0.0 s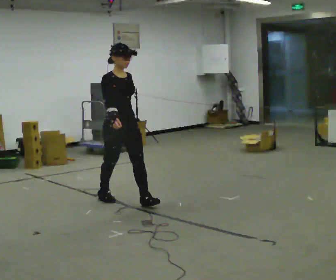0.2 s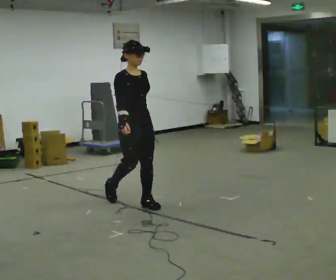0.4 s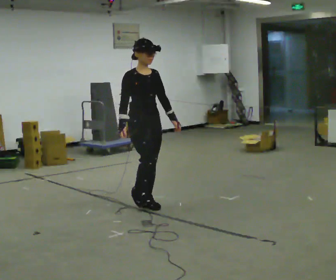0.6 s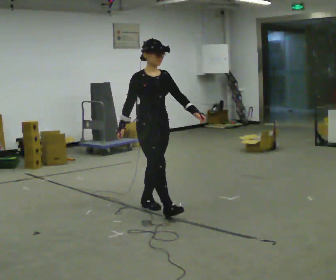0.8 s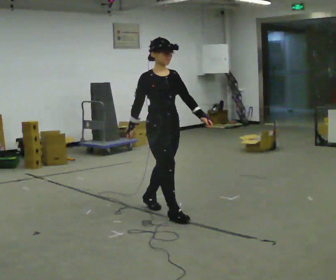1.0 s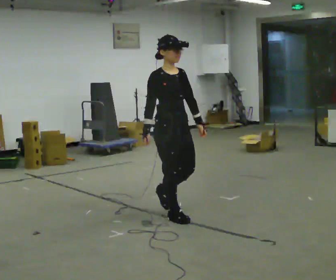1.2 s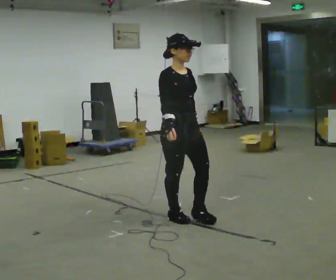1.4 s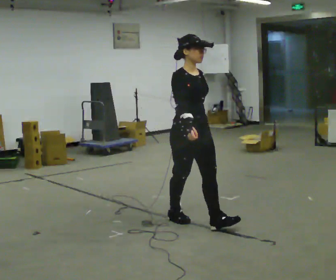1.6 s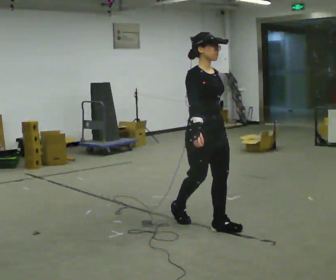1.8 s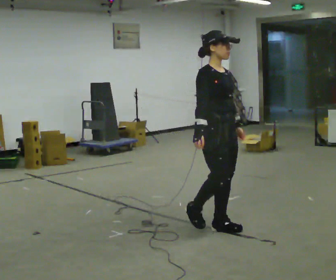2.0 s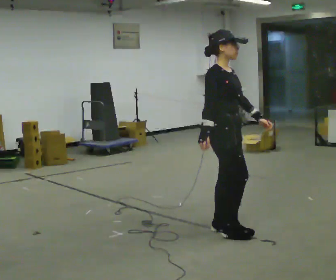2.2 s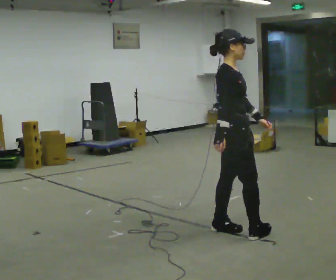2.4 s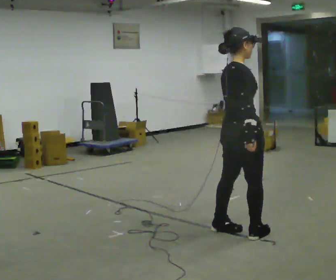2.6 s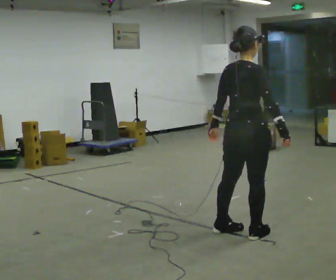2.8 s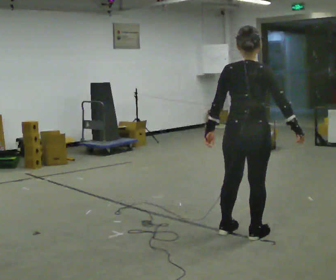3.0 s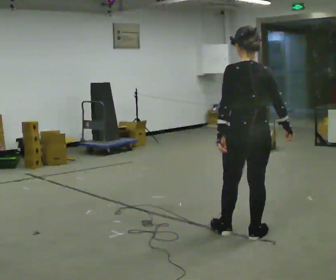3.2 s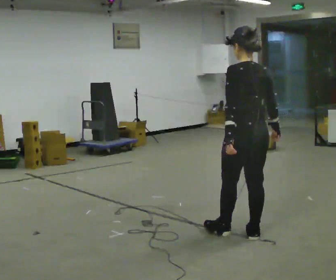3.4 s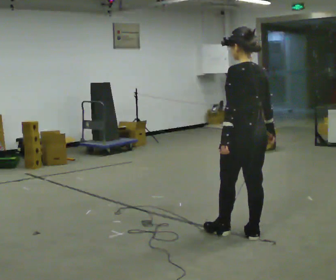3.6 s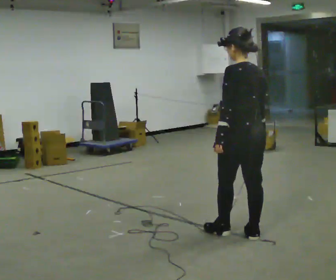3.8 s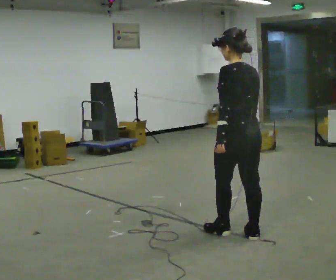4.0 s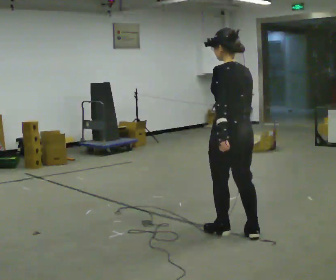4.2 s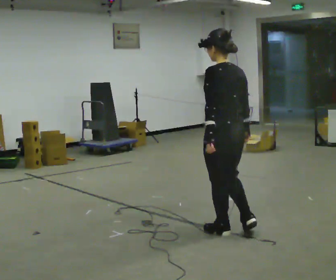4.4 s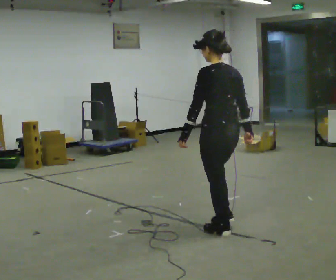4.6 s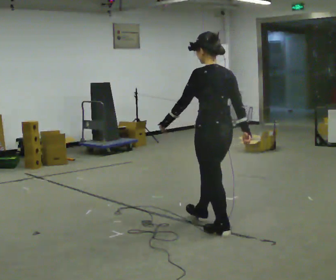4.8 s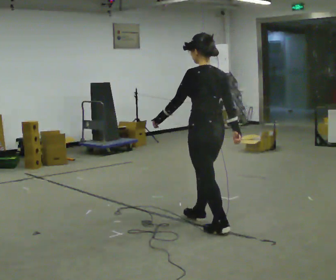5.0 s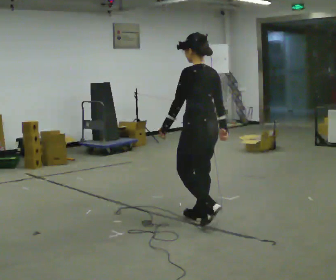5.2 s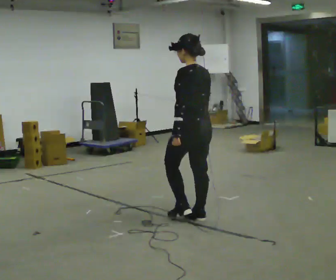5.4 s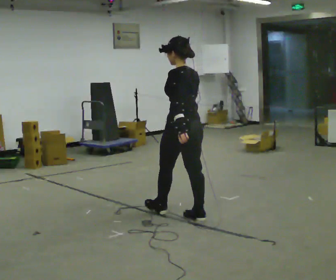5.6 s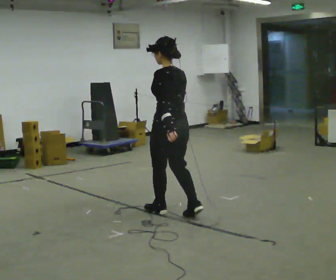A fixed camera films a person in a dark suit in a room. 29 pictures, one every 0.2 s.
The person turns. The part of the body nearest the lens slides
to the right.
The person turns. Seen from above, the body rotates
counterclockwise.
0.0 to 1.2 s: In the picture they go to the right and toward the camera, about 1 m in 1 step, which for them is forward.
1.2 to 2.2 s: The part of the body nearest the lens slides to the right as the person turns to their left by about 45 degrees. In the picture they go to the right and toward the camera, about 0.5 m in 2 steps, which for them is forward.
2.2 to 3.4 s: Seen from above the body turns counterclockwise, about 120 degrees: to their left, with its near side sliding to the right.
3.4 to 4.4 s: In the picture they go to the left, about 0.25 m, which for them is forward. In the picture their left hand goes to the left.
4.4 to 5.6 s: In the picture they go away from the camera and to the left, about 0.75 m in 2 steps, which for them is forward.
The film runs forward here.
